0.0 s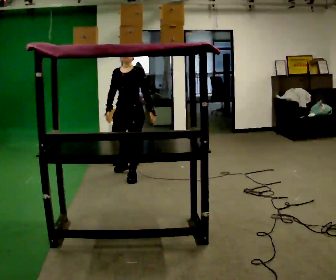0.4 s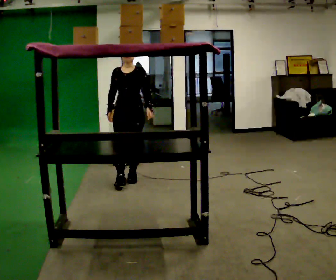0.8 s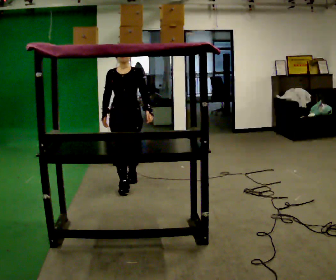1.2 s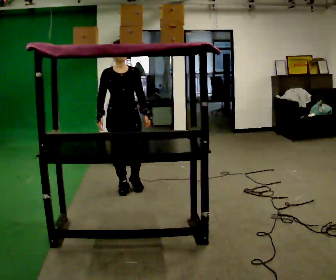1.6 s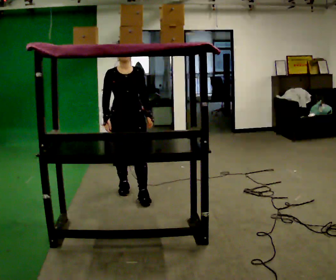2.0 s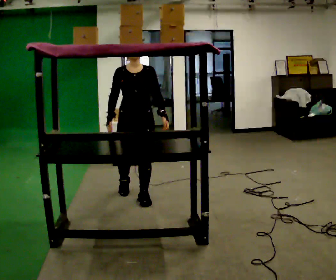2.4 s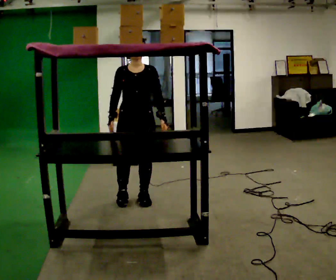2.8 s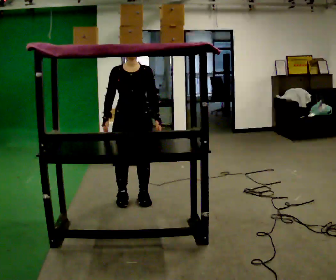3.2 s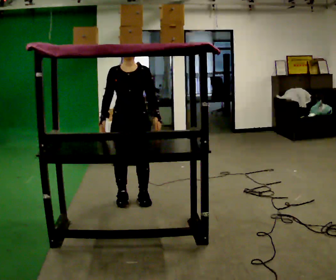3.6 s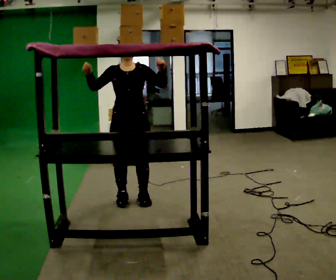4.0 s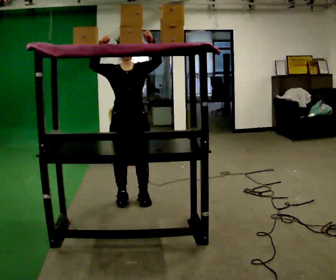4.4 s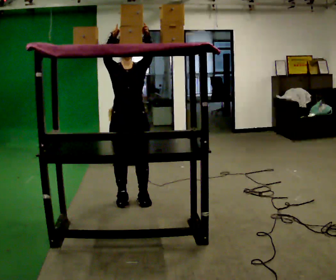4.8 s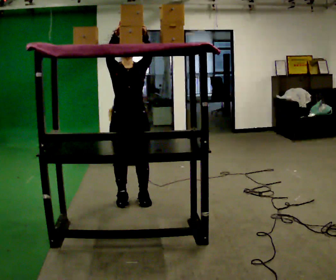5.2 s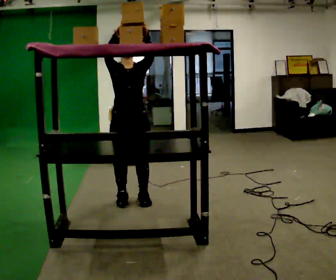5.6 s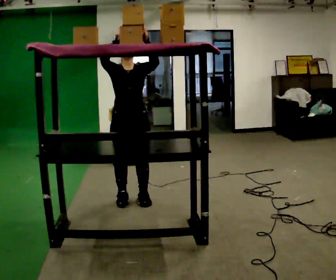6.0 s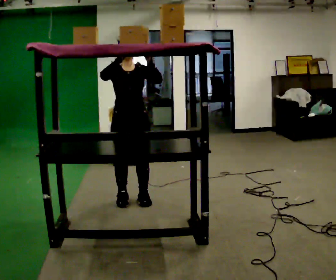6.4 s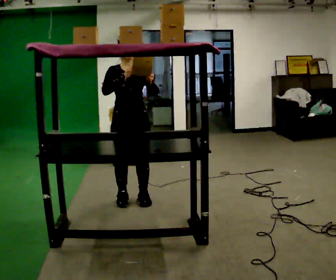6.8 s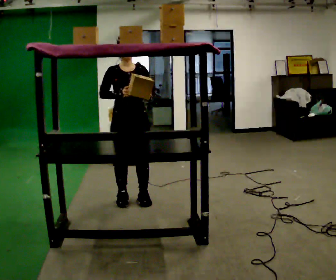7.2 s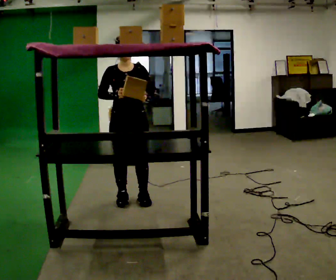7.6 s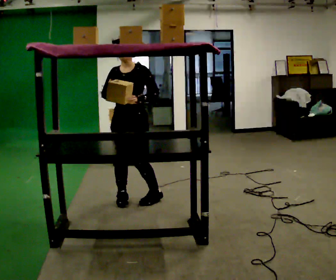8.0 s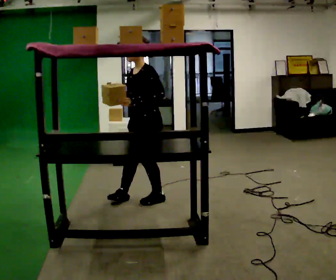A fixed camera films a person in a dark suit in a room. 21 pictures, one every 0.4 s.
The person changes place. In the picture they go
toward the camera.
The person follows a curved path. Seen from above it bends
counterclockwise.
0.0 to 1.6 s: The person turns about 30 degrees to their left, counterclockwise seen from above, so the part of the body nearest the lens slides to the right. In the picture they go toward the camera, about 0.5 m in 2 steps, which for them is forward.
1.6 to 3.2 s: In the picture they go toward the camera, about 0.25 m in 1 step, which for them is forward.
3.2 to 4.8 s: In the picture their right hand goes upward.
4.8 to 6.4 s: In the picture their left hand goes downward.
6.4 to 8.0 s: Seen from above the body turns clockwise, about 75 degrees: to their right, with its near side sliding to the left. In the picture they go to the right, about 0.25 m in 1 step.
The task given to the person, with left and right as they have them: Take an object from the waist-height shelf, carry it across the room, and place it on the highest shelf you can comfortably reach. Keep going until the operator says stop; one object at a time, and do not rush between trips.
The film runs forward here.
